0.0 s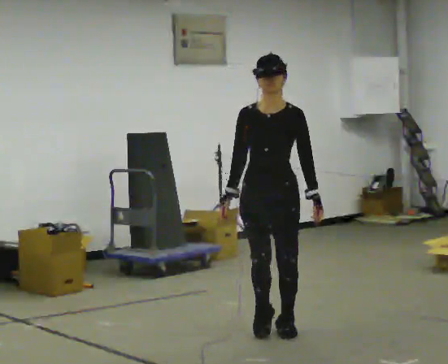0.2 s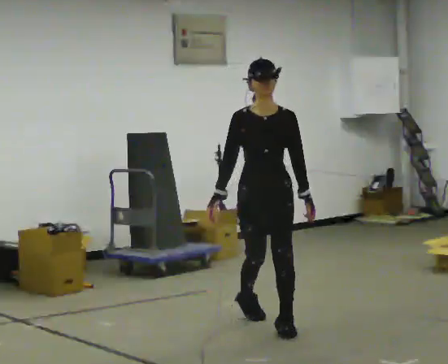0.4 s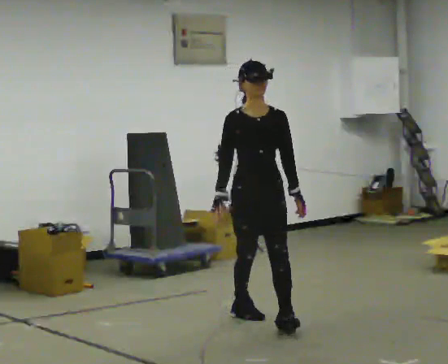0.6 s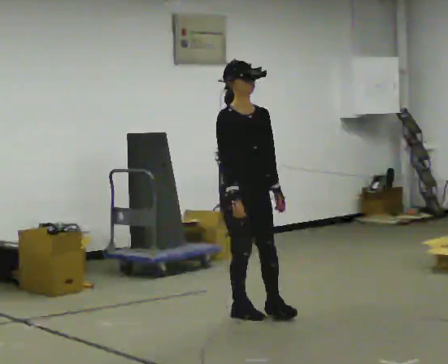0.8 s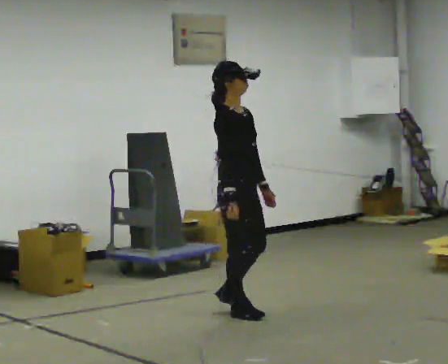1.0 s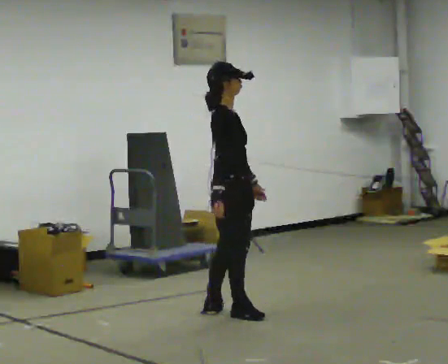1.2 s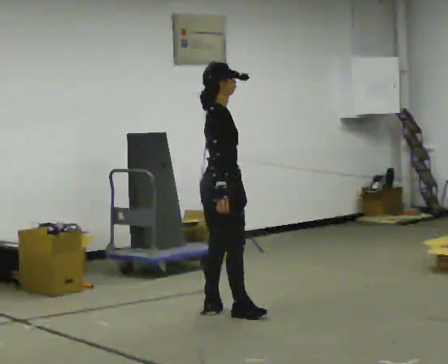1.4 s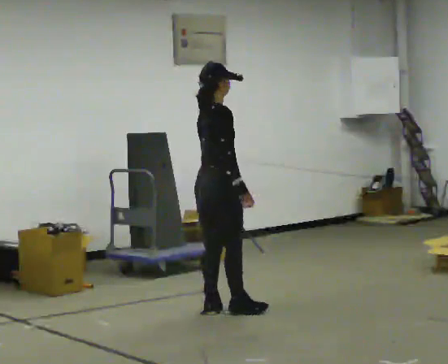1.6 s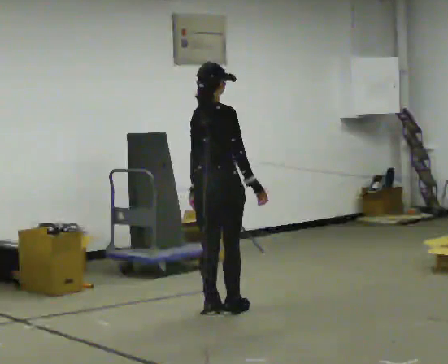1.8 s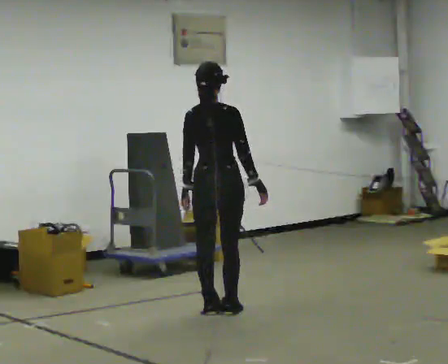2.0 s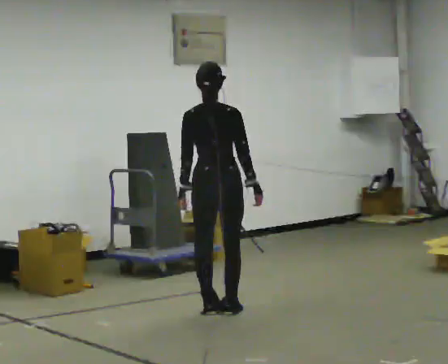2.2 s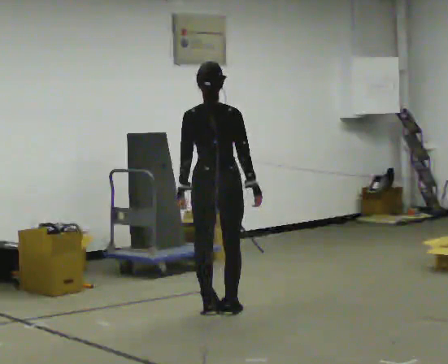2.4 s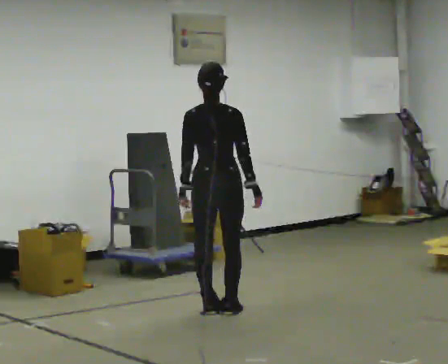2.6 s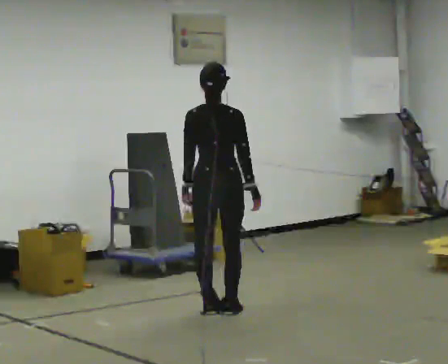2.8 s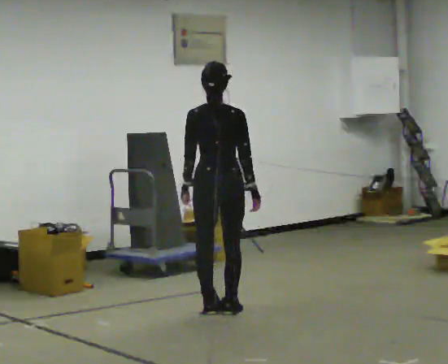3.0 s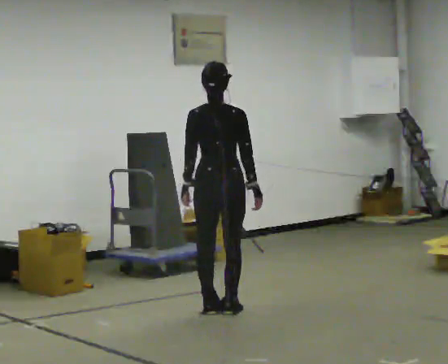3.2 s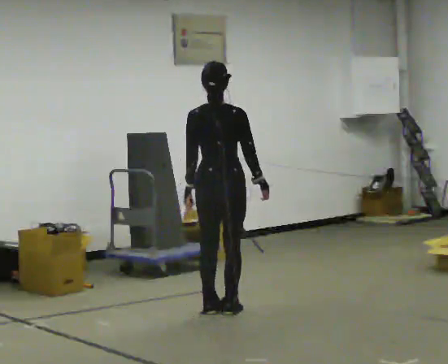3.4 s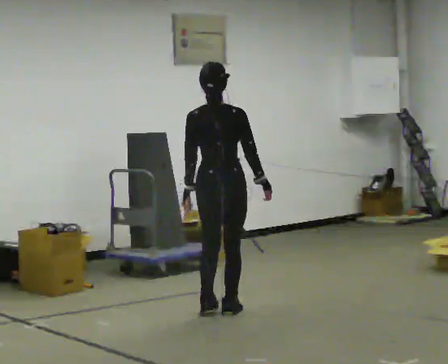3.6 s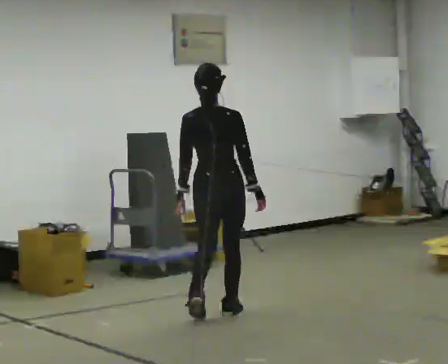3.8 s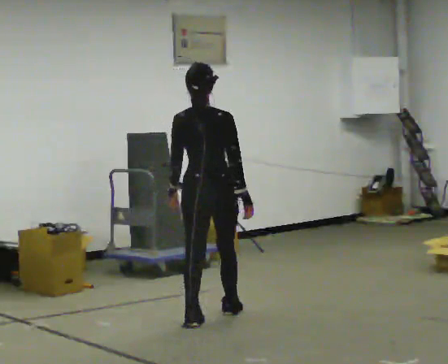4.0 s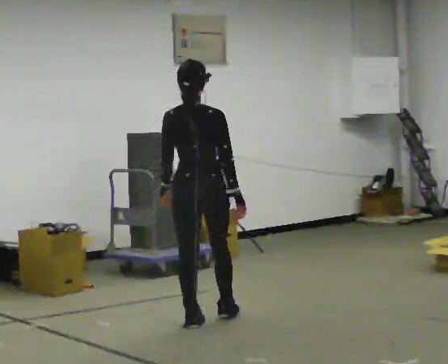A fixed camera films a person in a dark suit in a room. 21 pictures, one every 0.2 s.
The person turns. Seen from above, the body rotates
counterclockwise.
The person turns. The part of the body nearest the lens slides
to the right.
0.0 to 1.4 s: The person turns about 120 degrees to their left, counterclockwise seen from above, so the part of the body nearest the lens slides to the right. In the picture they go away from the camera and to the left, about 1 m in 1 step.
1.4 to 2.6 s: The person turns about 60 degrees to their left, counterclockwise seen from above, so the part of the body nearest the lens slides to the right.
2.6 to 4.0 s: In the picture they go toward the camera, about 0.5 m in 2 steps, which for them is backward.
The film runs backward here.
